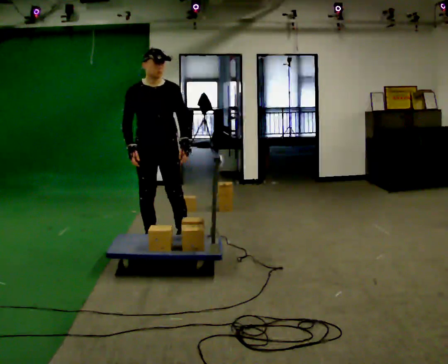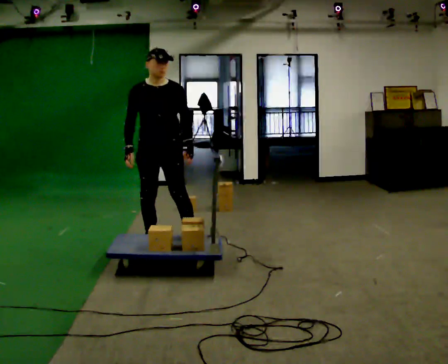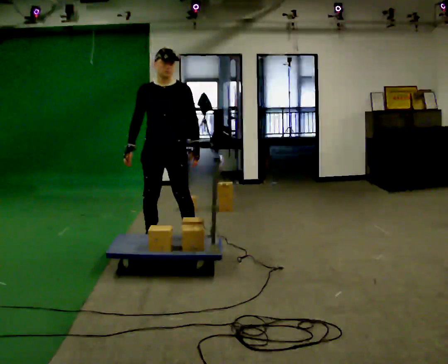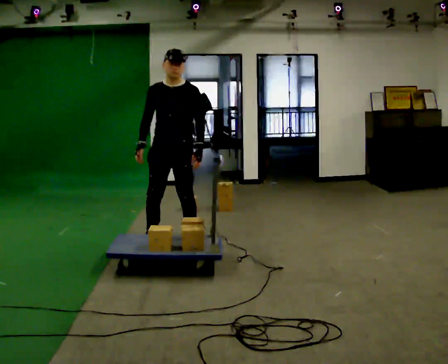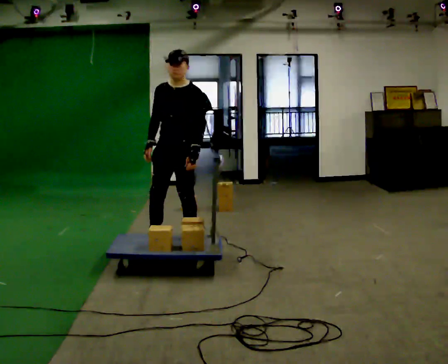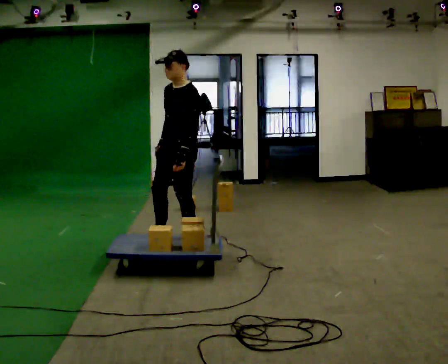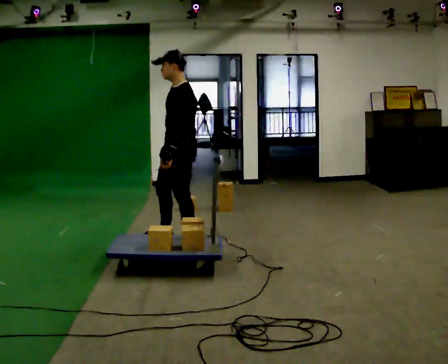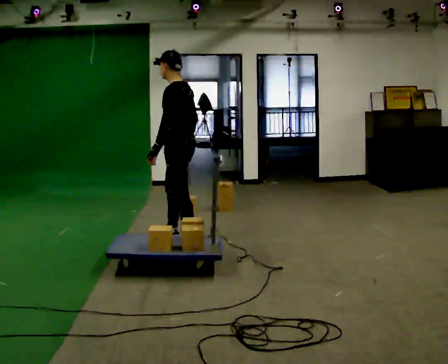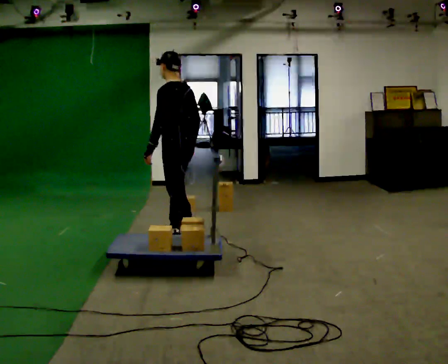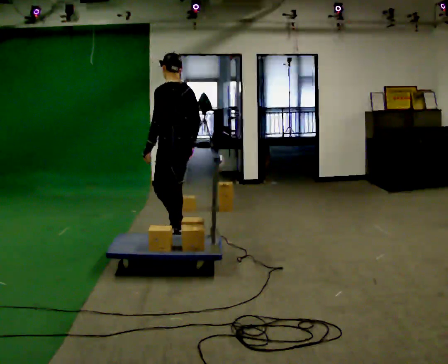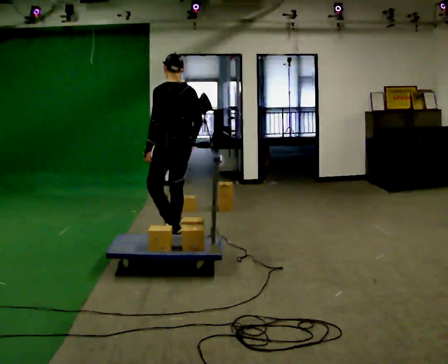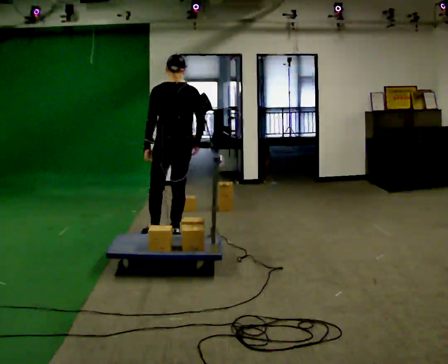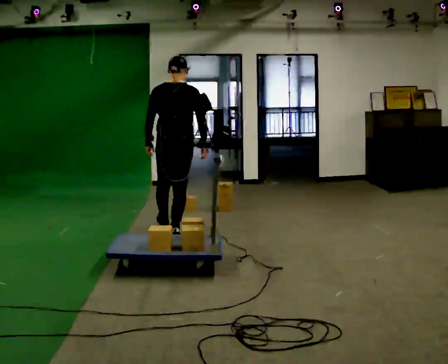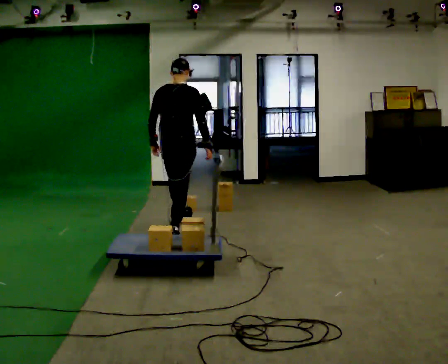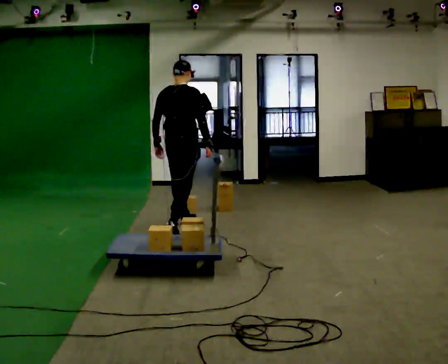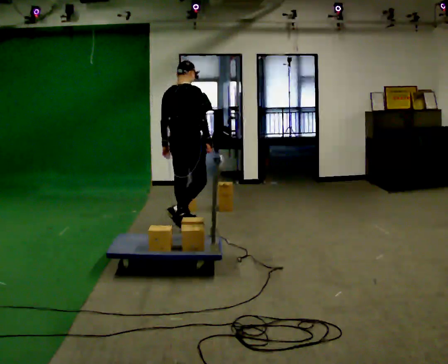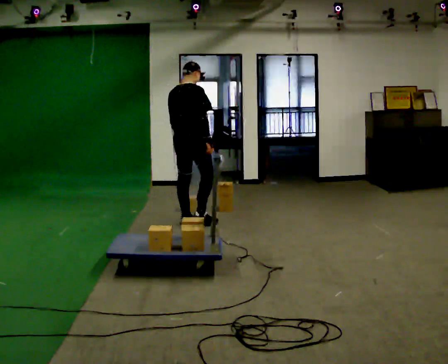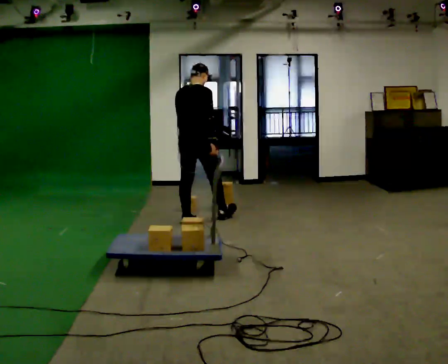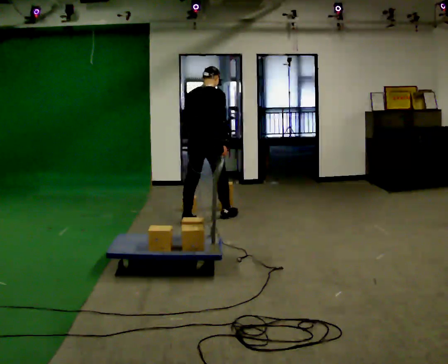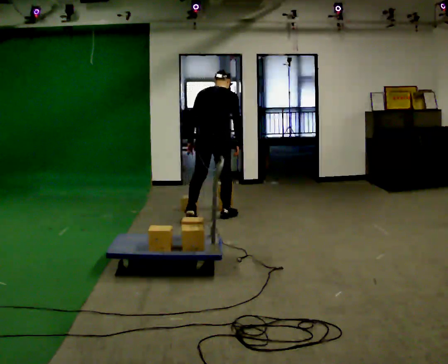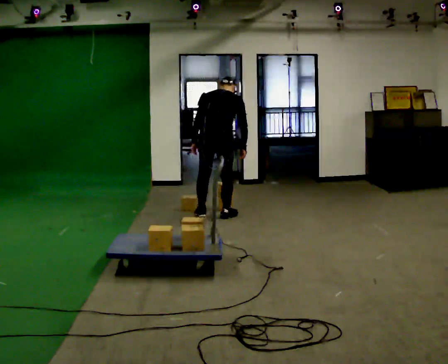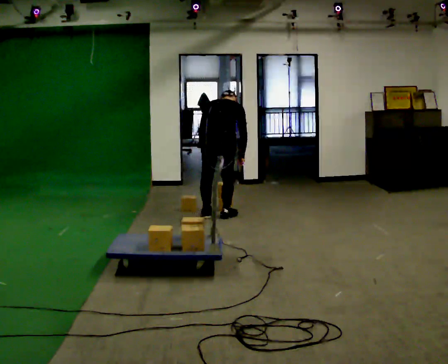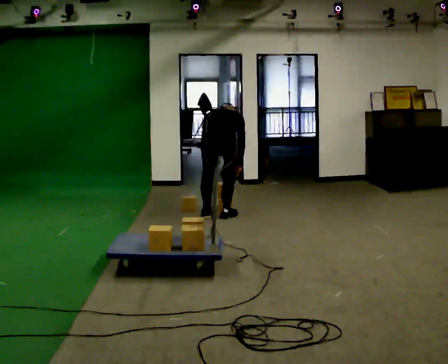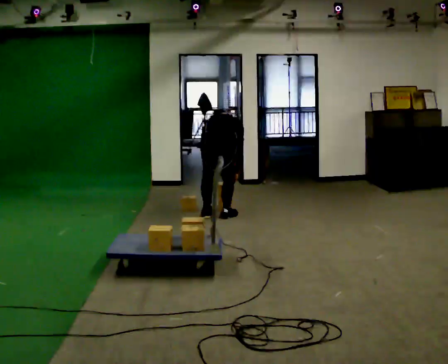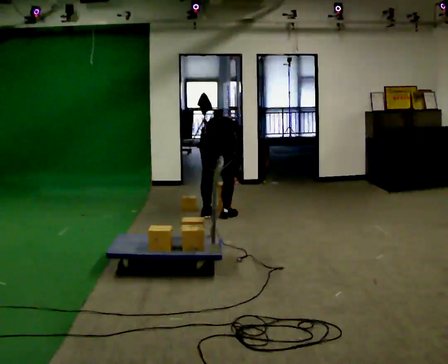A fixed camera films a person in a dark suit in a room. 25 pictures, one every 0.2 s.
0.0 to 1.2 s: The part of the body nearest the lens slides to the left as the person turns to their right by about 75 degrees. In the picture they go to the right, about 0.25 m in 1 step. In the picture their right hand goes to the right.
1.2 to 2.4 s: The person turns about 105 degrees to their right, clockwise seen from above, so the part of the body nearest the lens slides to the left. In the picture they go away from the camera, about 0.25 m in 1 step.
2.4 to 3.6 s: In the picture they go away from the camera and to the right, about 0.75 m in 2 steps, which for them is forward.
3.6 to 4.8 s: The shoulders move downward. The upper body tips away from the camera, its near side rolling upward, as they bend forward. In the picture their right hand goes downward.
The film runs forward here.
